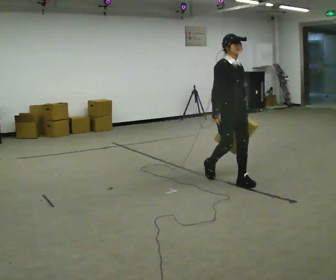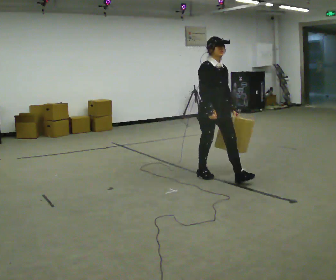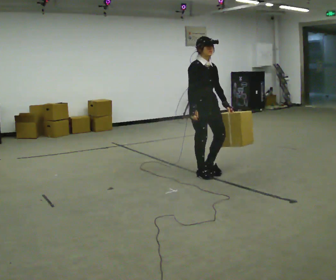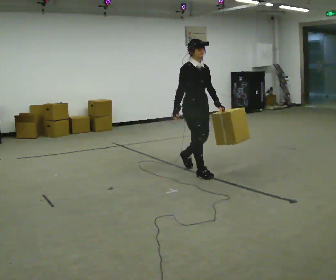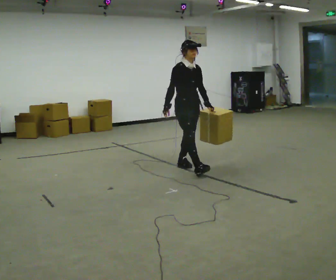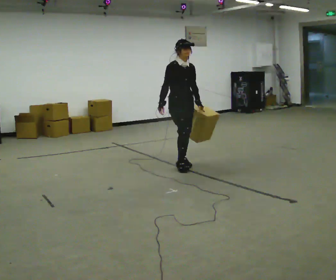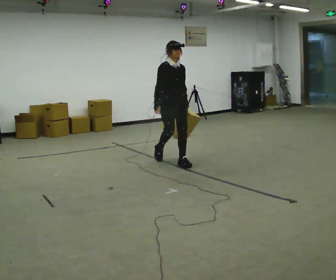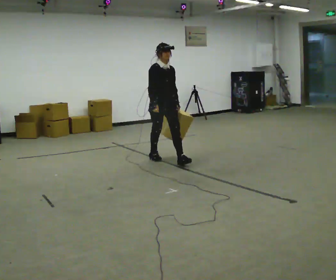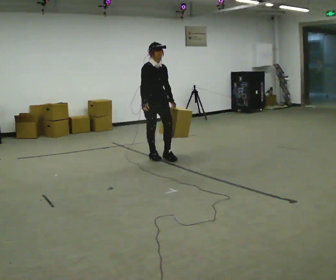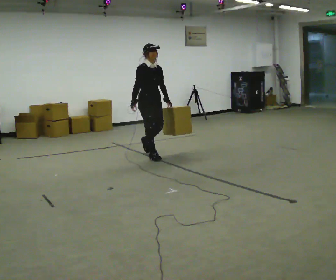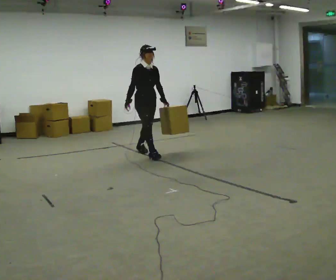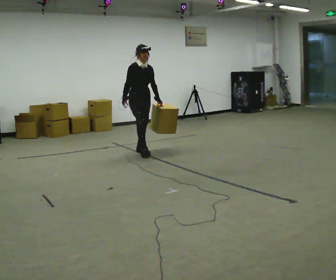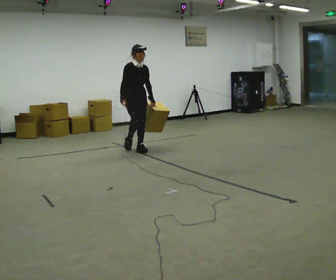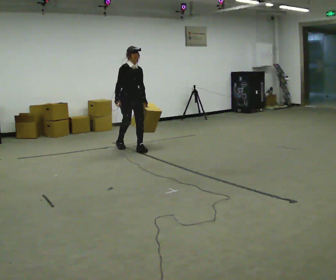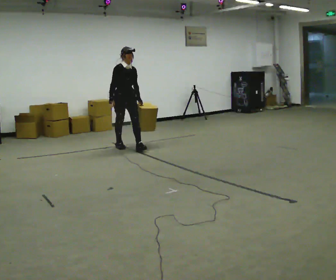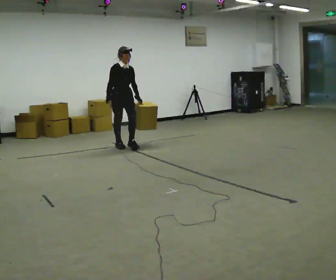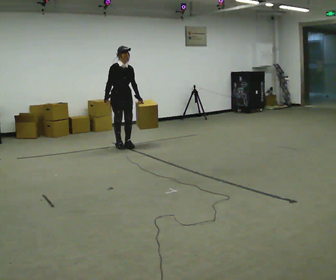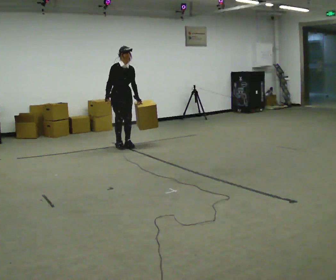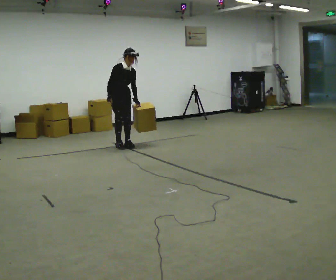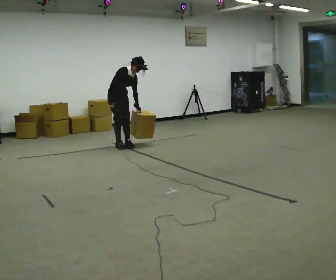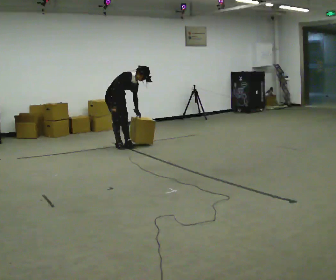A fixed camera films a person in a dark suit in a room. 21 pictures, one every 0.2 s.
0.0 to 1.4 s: In the picture they go away from the camera and to the left, about 1.5 m in 3 steps, which for them is backward.
1.4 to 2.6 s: In the picture they go away from the camera and to the left, about 1 m in 1 step, which for them is backward.
2.6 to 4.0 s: In the picture they go away from the camera and to the left, about 0.5 m in 1 step, which for them is backward. In the picture the upper body tilts clockwise, shoulders to the right, as they bend forward.
The film runs backward here.
